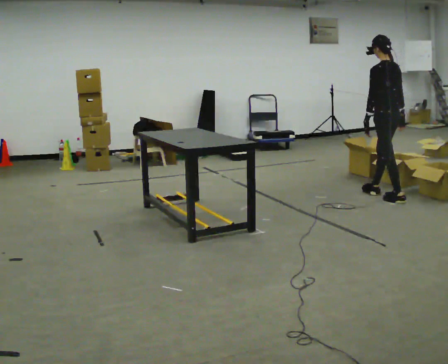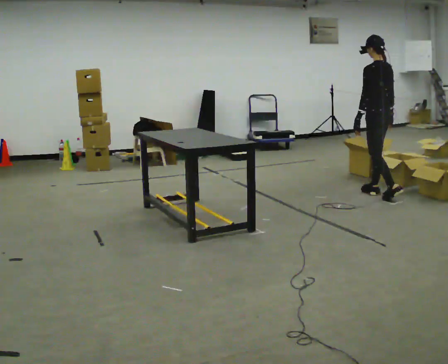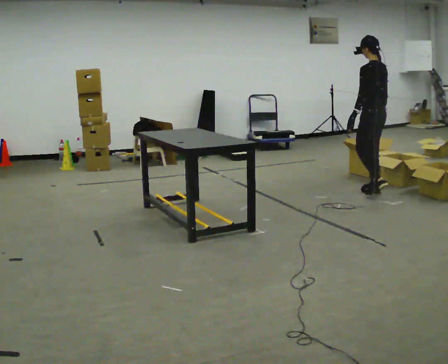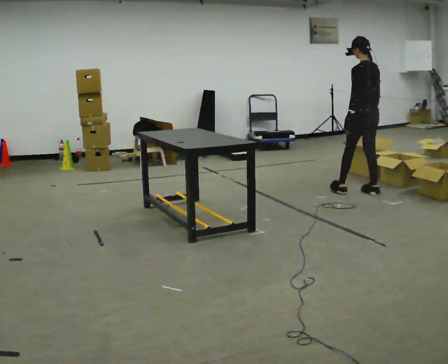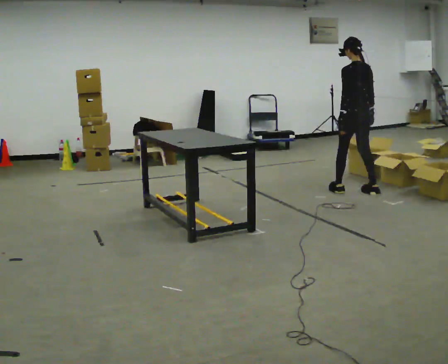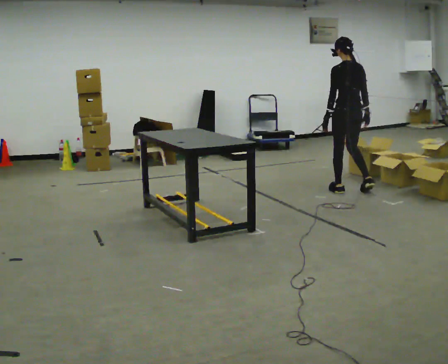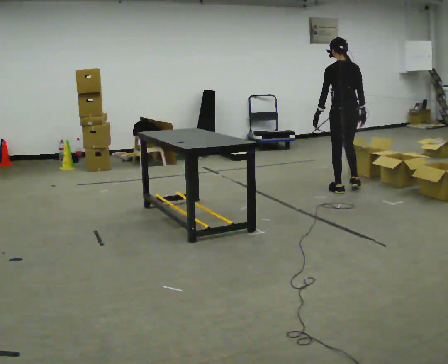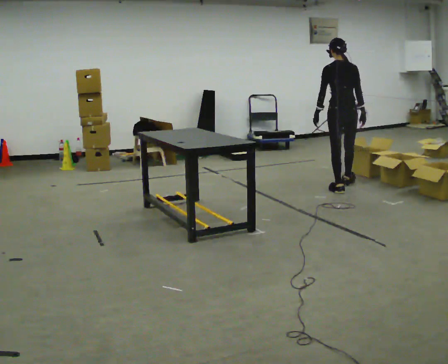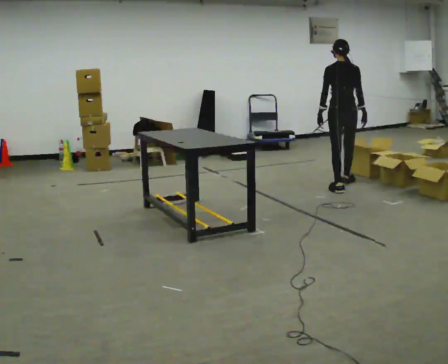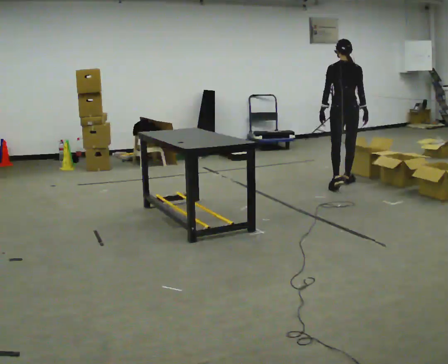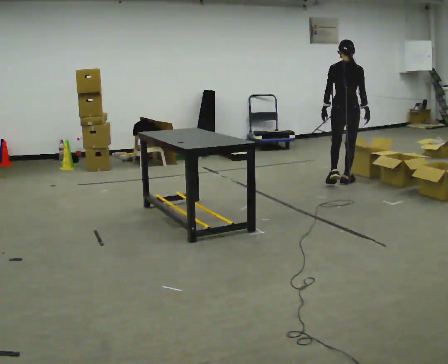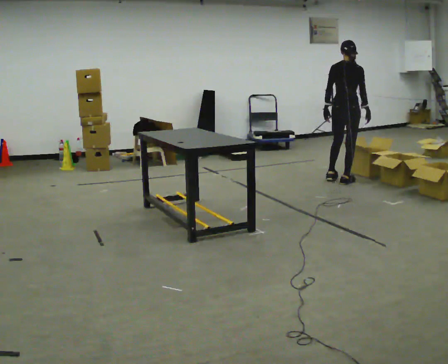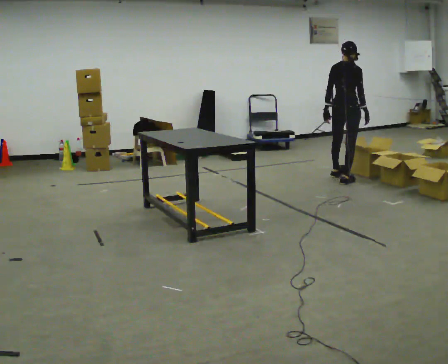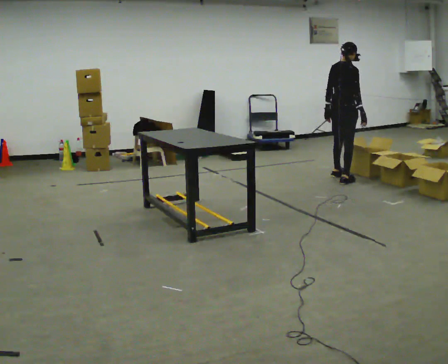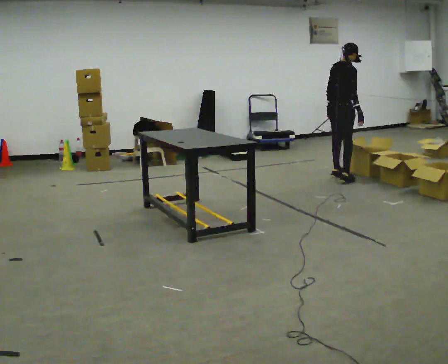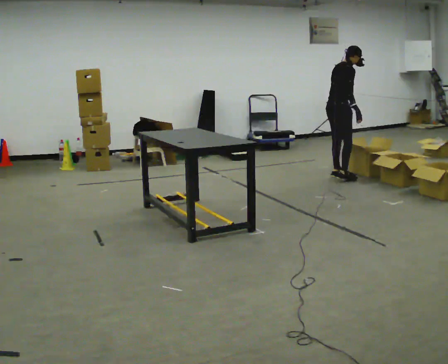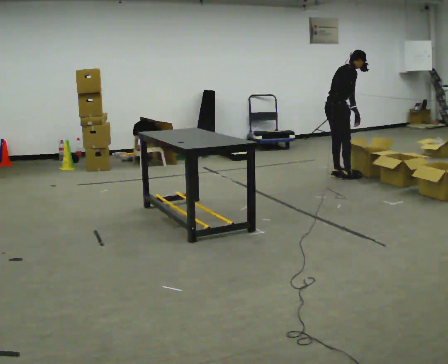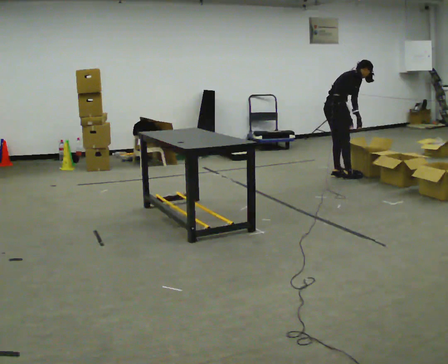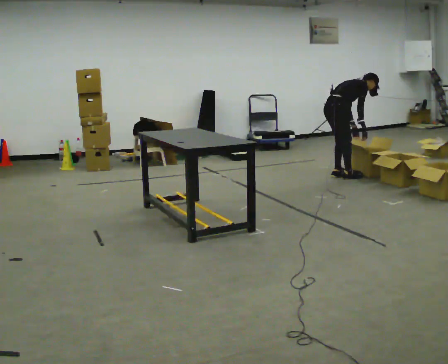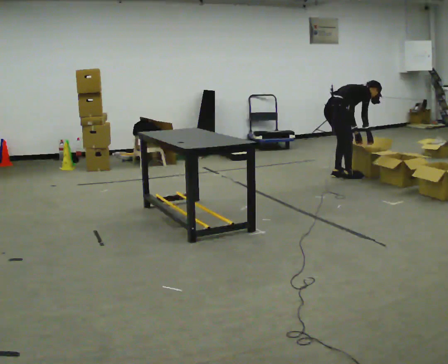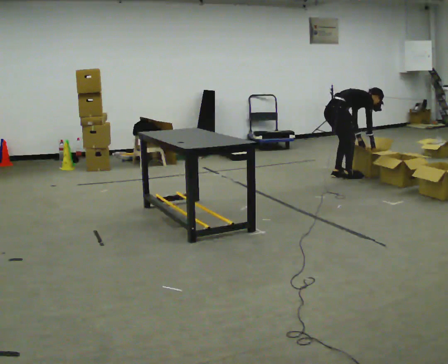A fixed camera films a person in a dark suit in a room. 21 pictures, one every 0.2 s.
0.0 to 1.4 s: Seen from above the body turns clockwise, about 30 degrees: to their right, with its near side sliding to the left. In the picture they go to the left and away from the camera, about 0.5 m in 1 step, which for them is forward and to their left.
1.4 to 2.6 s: Seen from above the body turns clockwise, about 45 degrees: to their right, with its near side sliding to the left. In the picture they go away from the camera, about 0.5 m in 2 steps, which for them is forward.
2.6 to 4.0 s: The part of the body nearest the lens slides to the left as the person turns to their right by about 30 degrees. The upper body goes downward. In the picture the upper body tilts clockwise, shoulders to the right, as they bend forward. In the picture their left hand goes to the right and downward.
The film runs forward here.
